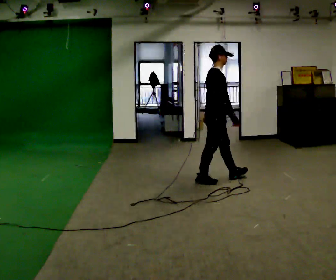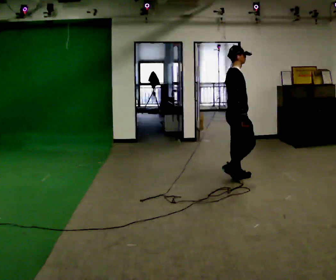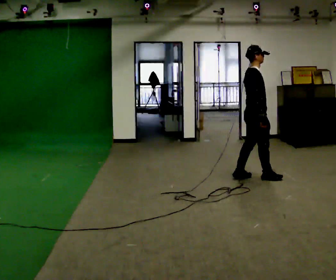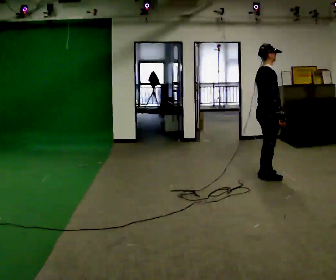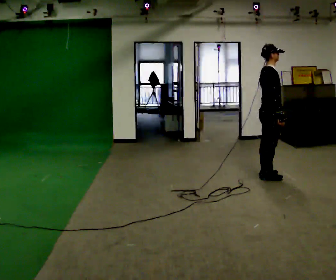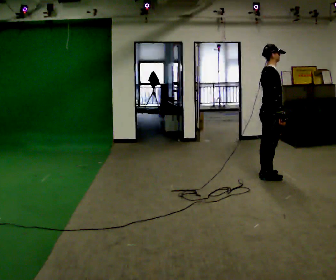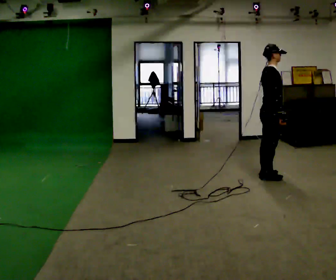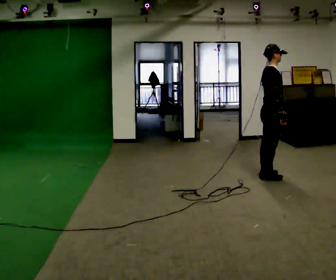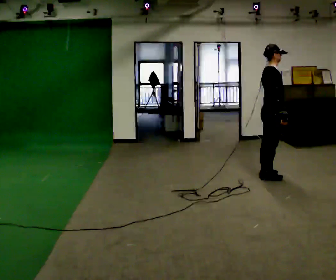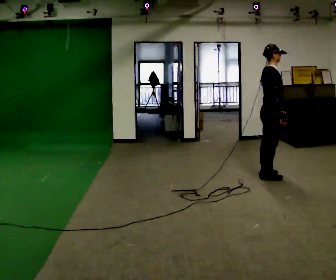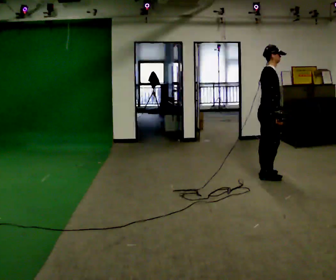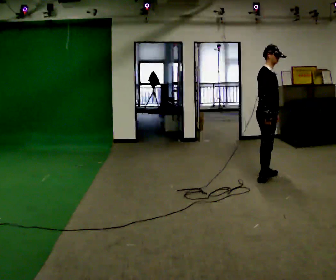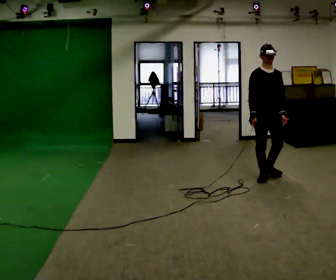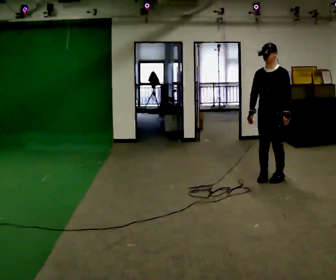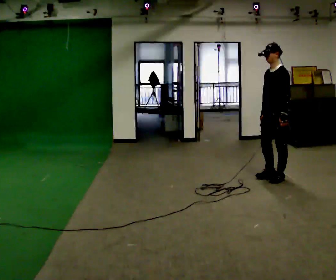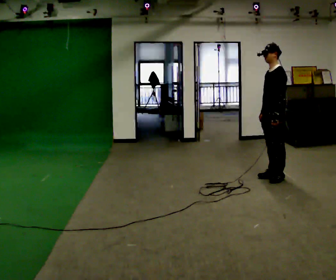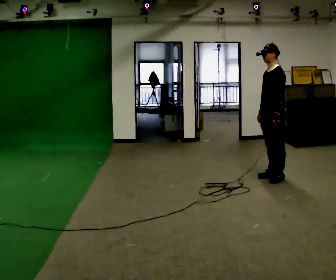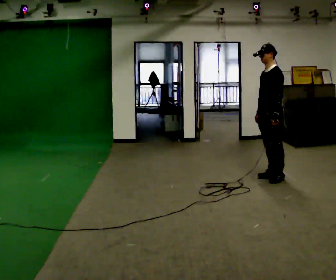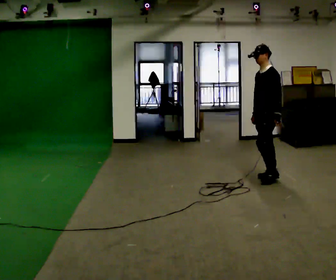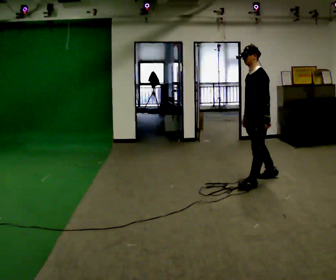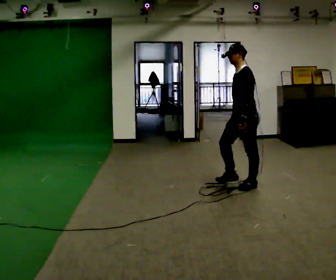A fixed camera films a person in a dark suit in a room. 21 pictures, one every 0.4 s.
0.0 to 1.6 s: In the picture they go to the right, about 0.75 m in 3 steps, which for them is forward.
1.6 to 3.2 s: The person moves a little, or ends about where they began.
3.2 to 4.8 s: Seen from above the body turns clockwise, about 75 degrees: to their right, with its near side sliding to the left. In the picture their right hand goes to the left.
4.8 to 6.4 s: The person turns about 90 degrees to their right, clockwise seen from above, so the part of the body nearest the lens slides to the left.
6.4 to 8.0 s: In the picture they go toward the camera and to the left, about 0.5 m in 1 step, which for them is forward.
The film runs forward here.
